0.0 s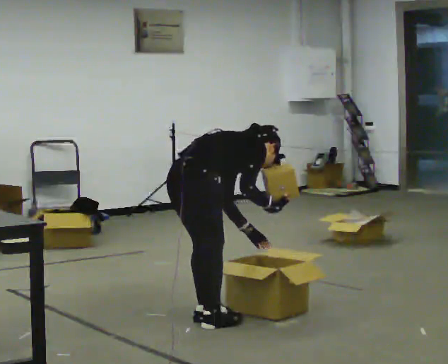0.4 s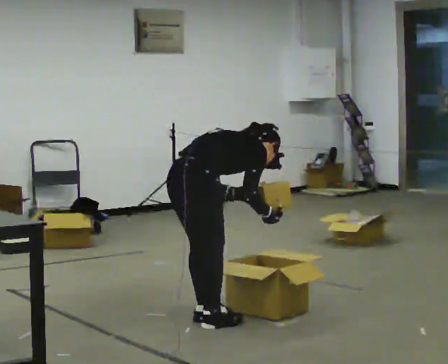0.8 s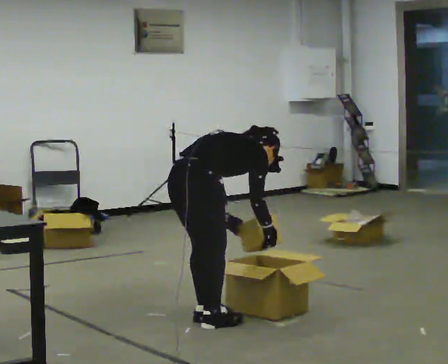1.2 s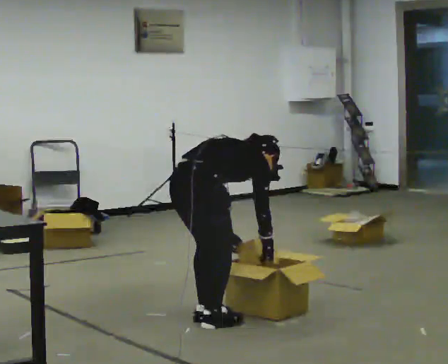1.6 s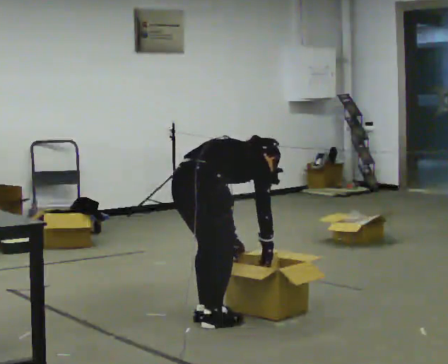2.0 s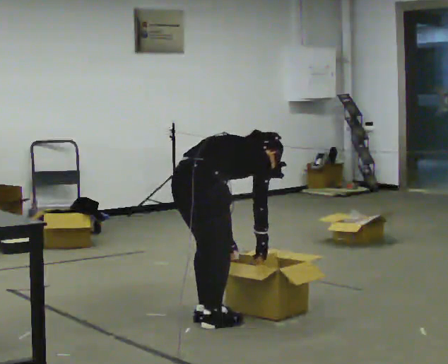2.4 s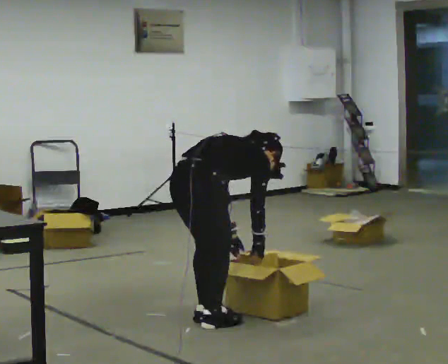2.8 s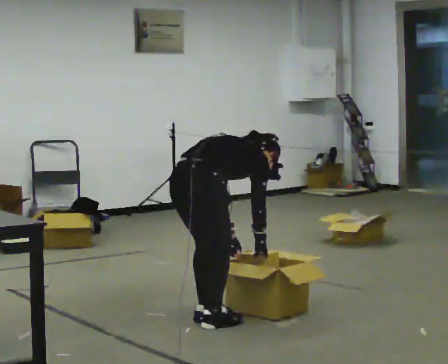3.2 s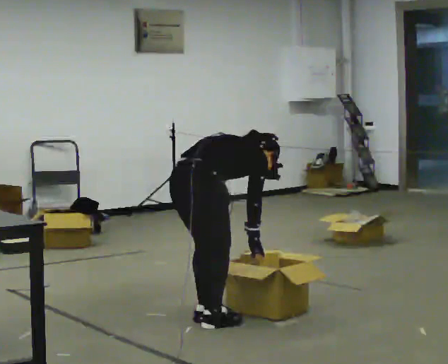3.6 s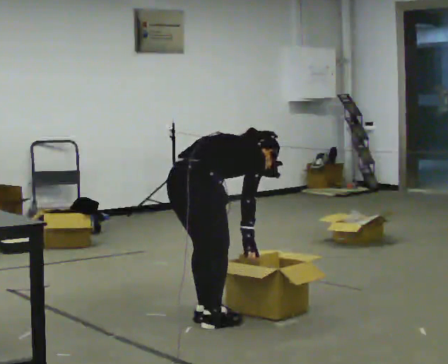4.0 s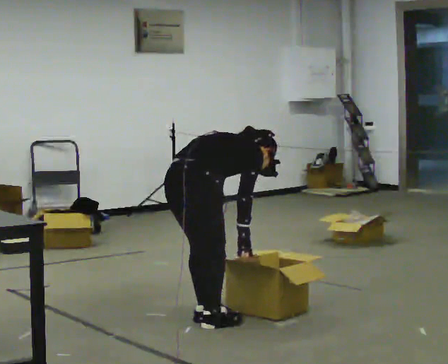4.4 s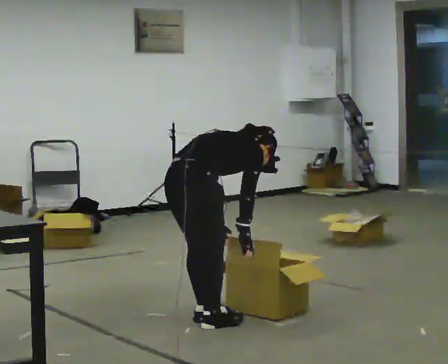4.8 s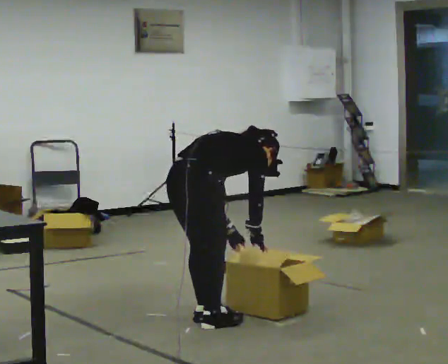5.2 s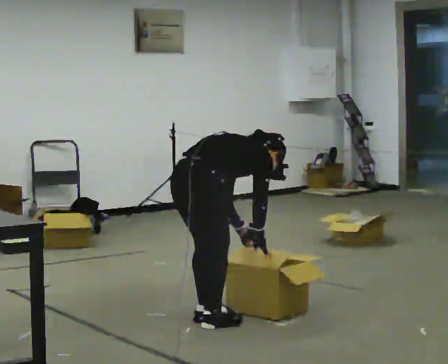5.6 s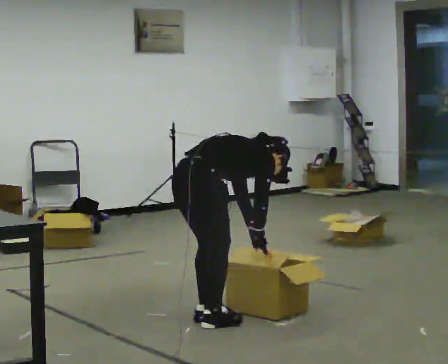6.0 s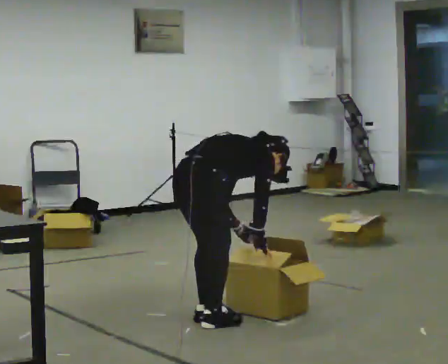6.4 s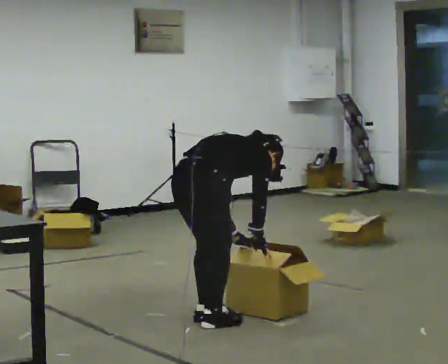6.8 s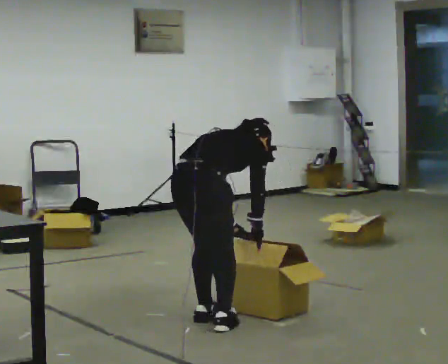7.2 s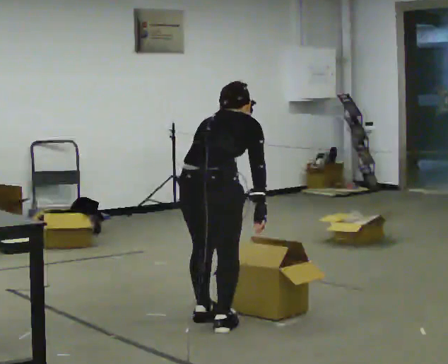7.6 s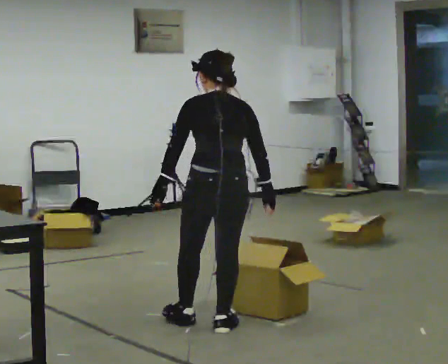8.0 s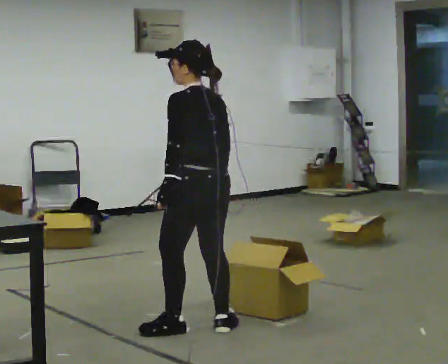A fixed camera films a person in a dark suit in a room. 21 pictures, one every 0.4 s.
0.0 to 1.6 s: The upper body tips away from the camera, its near side rolling upward.
1.6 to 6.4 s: The person moves a little, or ends about where they began.
6.4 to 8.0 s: The part of the body nearest the lens slides to the right as the person turns to their left by about 90 degrees. The upper body goes upward. In the picture the upper body tilts counterclockwise, shoulders to the left, as they lean back or straighten. In the picture their left hand goes to the left and upward.
The film runs forward here.
